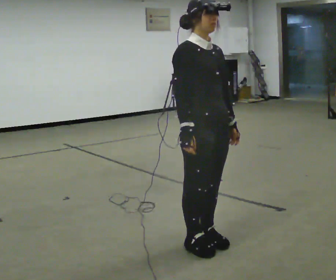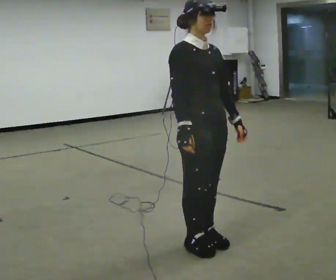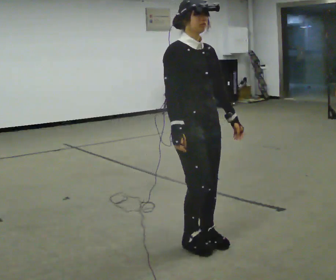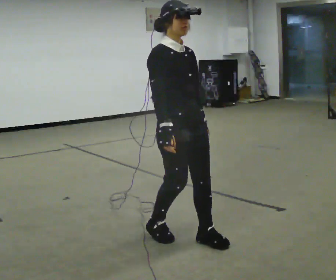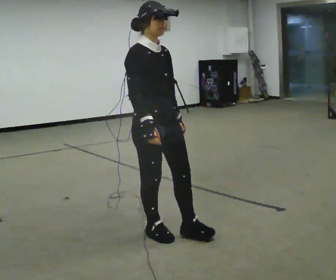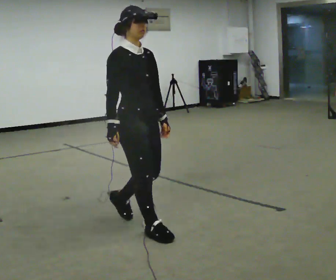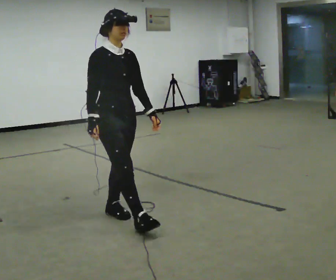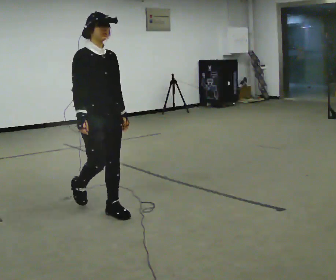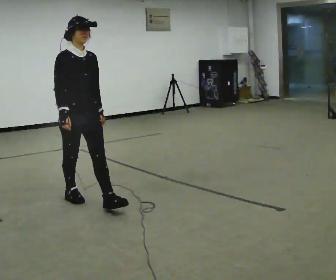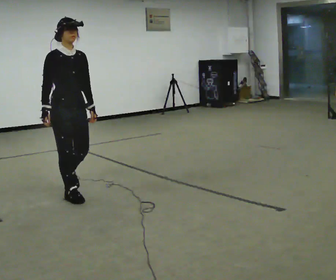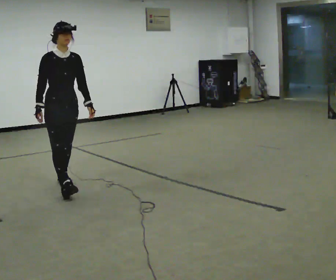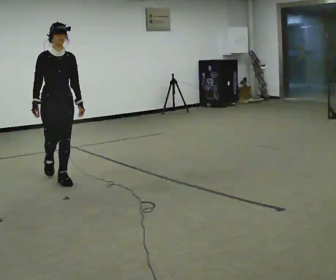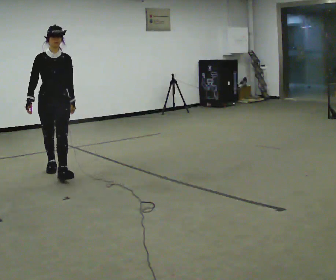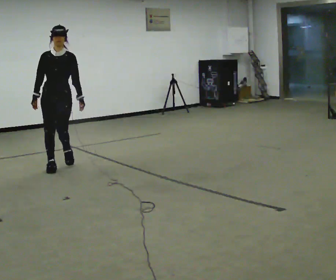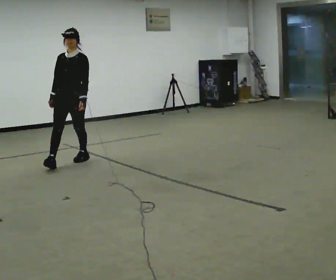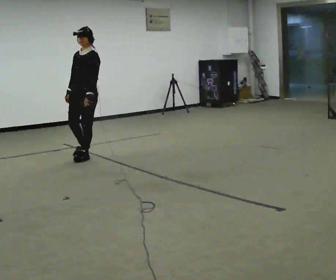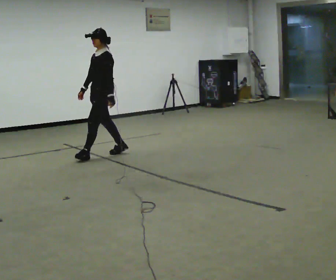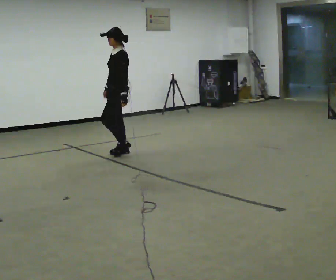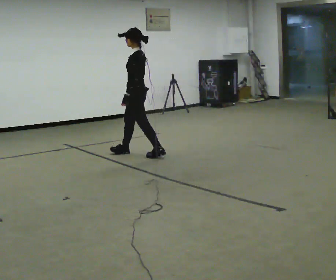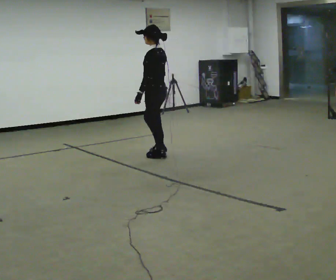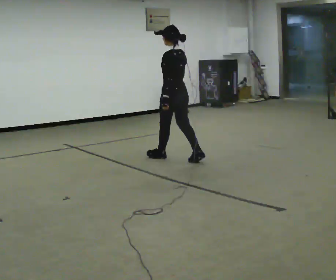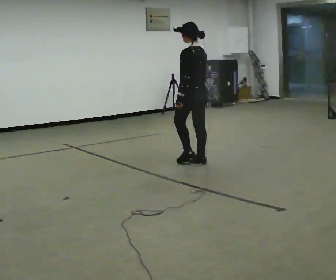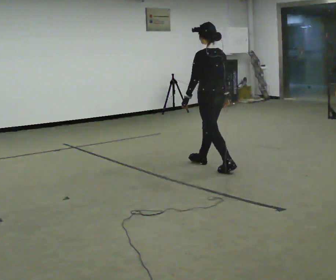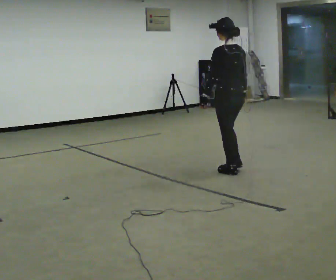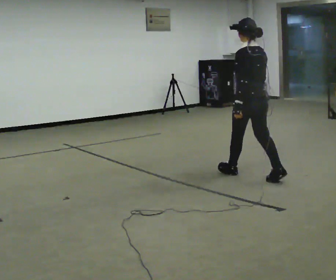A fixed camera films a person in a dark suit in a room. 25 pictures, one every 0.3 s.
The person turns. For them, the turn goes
to their right.
The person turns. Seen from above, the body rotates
clockwise.
0.0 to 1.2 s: In the picture they go away from the camera and to the left, about 0.25 m in 2 steps, which for them is backward.
1.2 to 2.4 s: In the picture they go away from the camera and to the left, about 1 m in 2 steps, which for them is backward.
2.4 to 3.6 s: The person turns about 30 degrees to their right, clockwise seen from above, so the part of the body nearest the lens slides to the left. In the picture they go away from the camera, about 1 m in 2 steps, which for them is backward.
3.6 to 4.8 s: The person turns about 75 degrees to their right, clockwise seen from above, so the part of the body nearest the lens slides to the left. In the picture they go away from the camera and to the right, about 1 m in 1 step.
4.8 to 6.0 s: The person turns about 75 degrees to their right, clockwise seen from above, so the part of the body nearest the lens slides to the left. In the picture they go to the right and toward the camera, about 1 m in 2 steps.
6.0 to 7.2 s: In the picture they go toward the camera and to the right, about 1 m in 2 steps, which for them is backward.
The film runs backward here.
